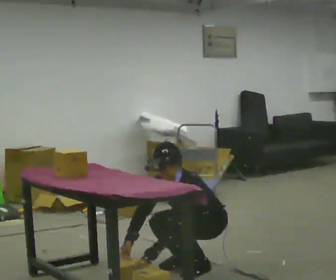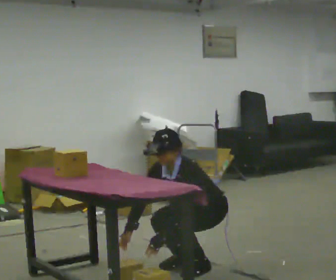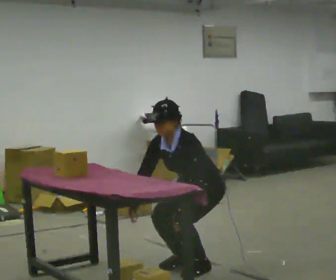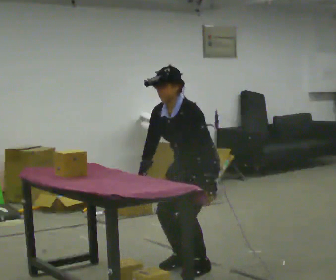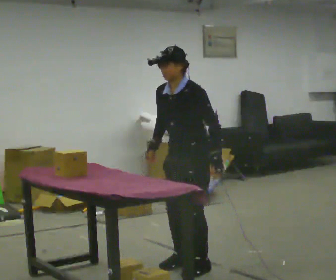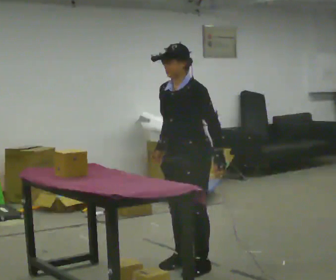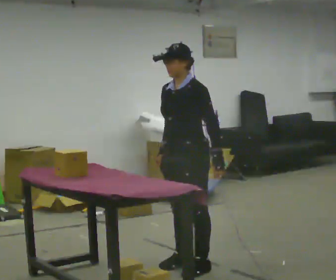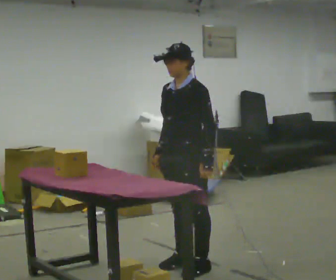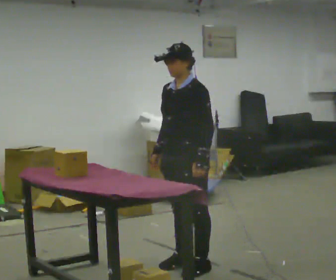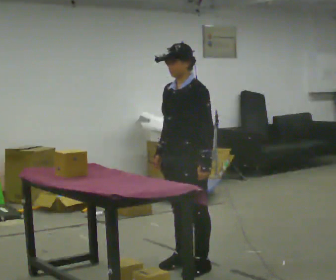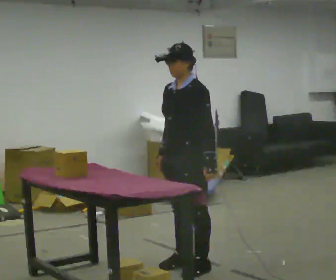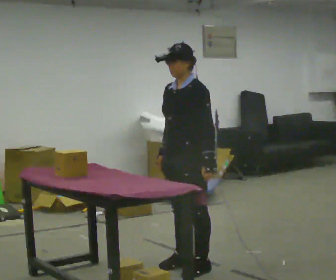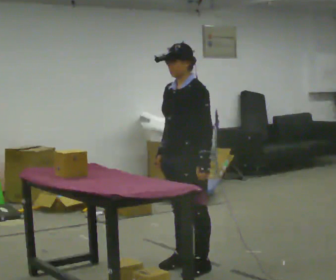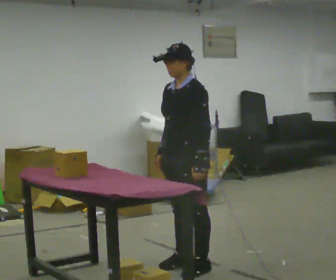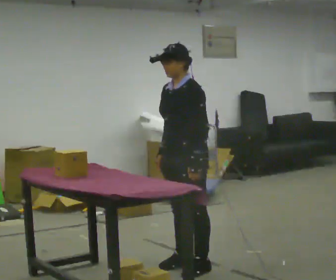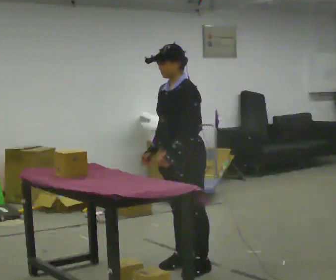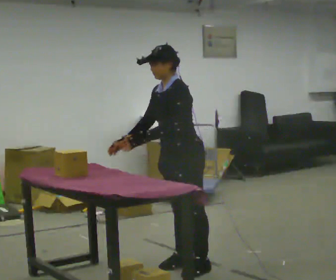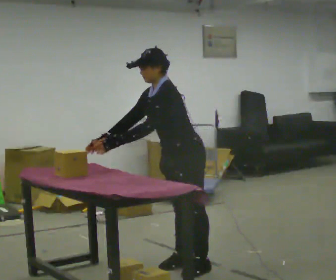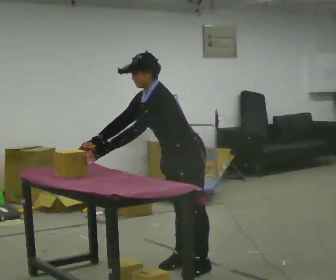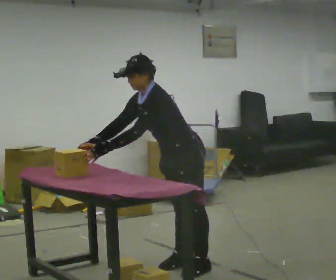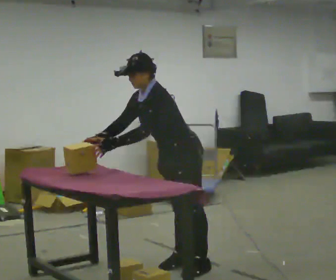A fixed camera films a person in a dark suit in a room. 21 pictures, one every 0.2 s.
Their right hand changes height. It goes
upward.
Their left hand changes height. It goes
upward.
0.0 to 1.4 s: The shoulders move upward. In the picture the upper body tilts clockwise, shoulders to the right, as they lean back or straighten. In the picture their right hand goes upward.
1.4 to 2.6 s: The person moves a little, or ends about where they began.
2.6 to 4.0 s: In the picture the upper body tilts counterclockwise, shoulders to the left, as they bend forward. In the picture their left hand goes to the left, the arm swinging clockwise.
The film runs forward here.
